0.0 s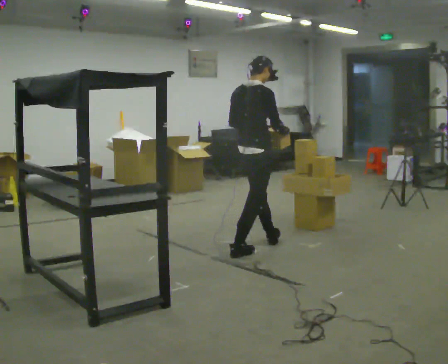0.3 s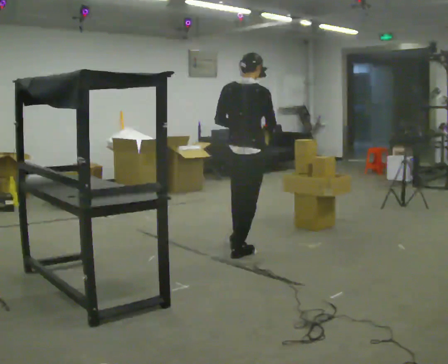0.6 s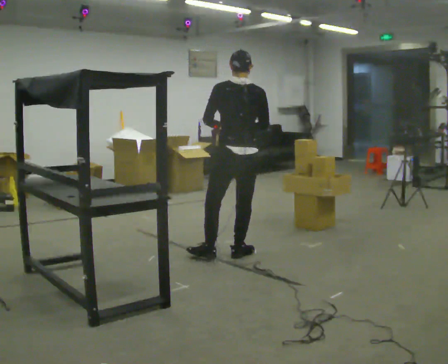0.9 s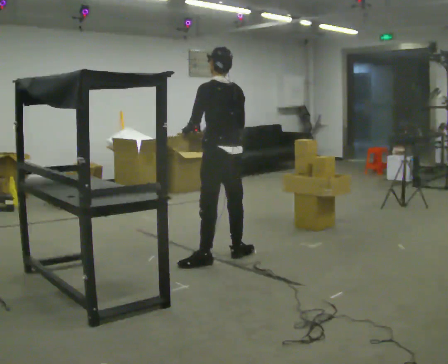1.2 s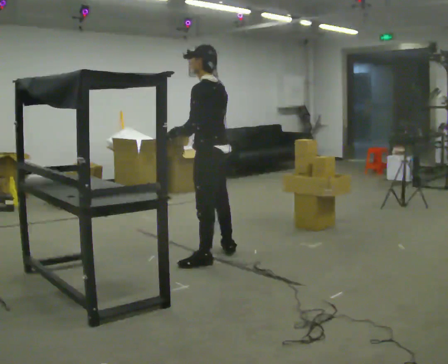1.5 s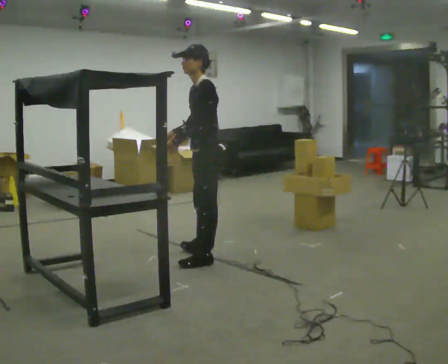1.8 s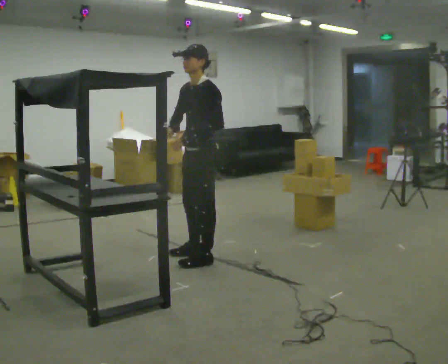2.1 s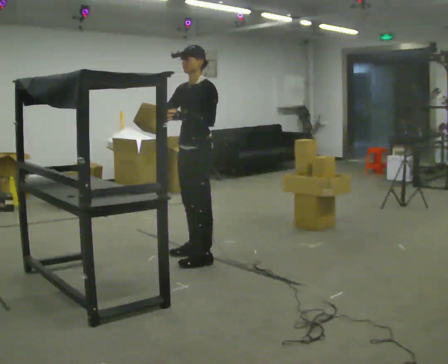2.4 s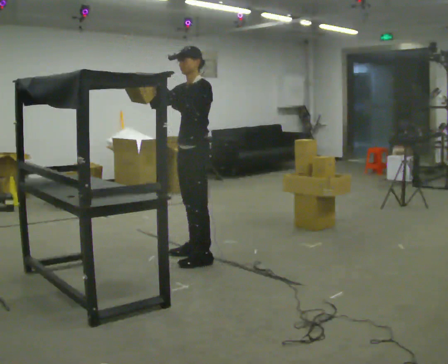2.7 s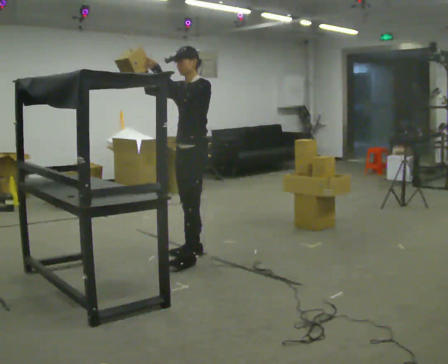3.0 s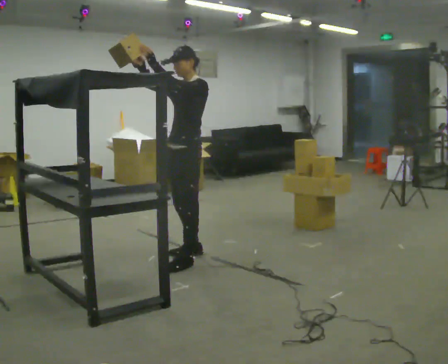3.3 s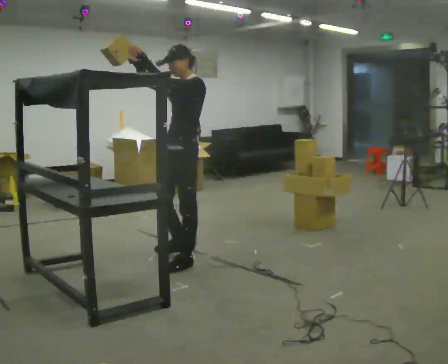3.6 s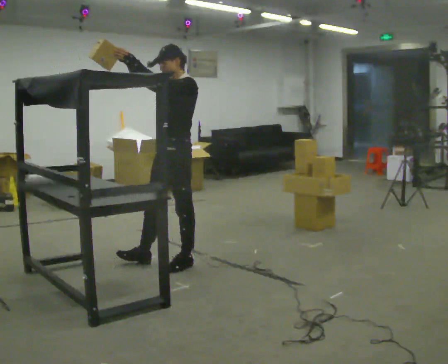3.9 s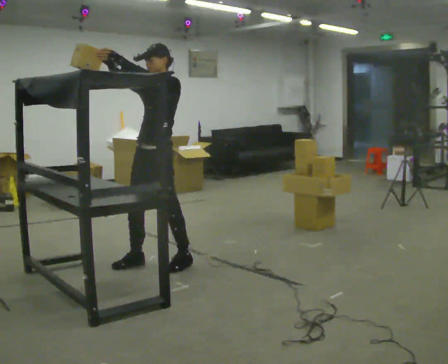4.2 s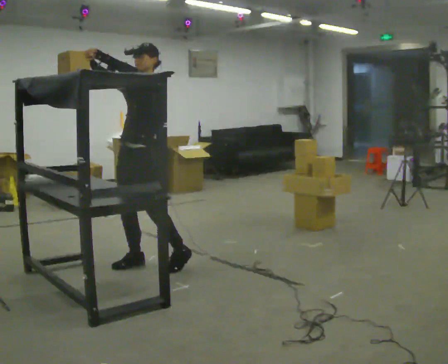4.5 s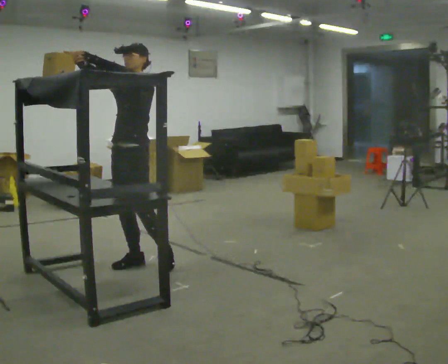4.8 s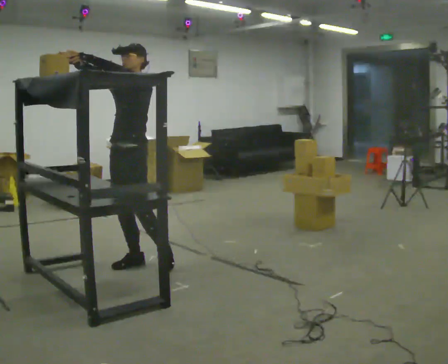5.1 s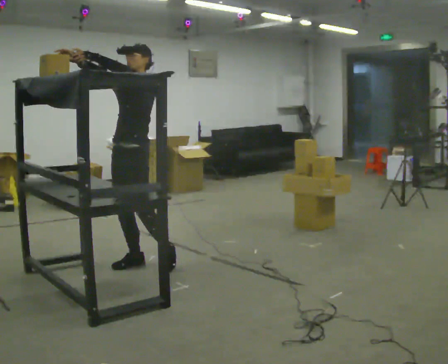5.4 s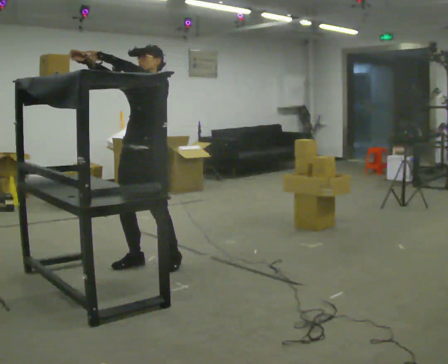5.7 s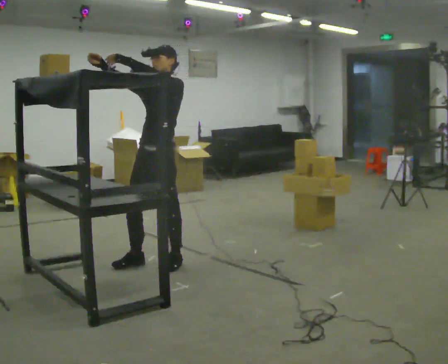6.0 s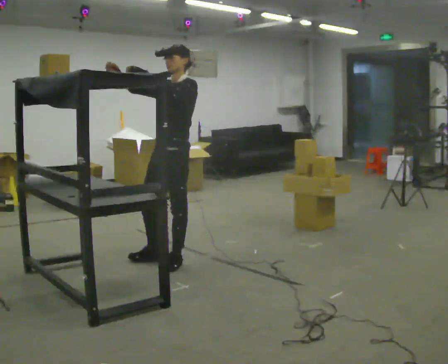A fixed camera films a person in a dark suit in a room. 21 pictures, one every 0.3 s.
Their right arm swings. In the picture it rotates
clockwise.
The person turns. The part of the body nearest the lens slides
to the right.
0.0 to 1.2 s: Seen from above the body turns counterclockwise, about 105 degrees: to their left, with its near side sliding to the right. In the picture they go to the left and toward the camera, about 0.5 m in 2 steps.
1.2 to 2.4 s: The person turns about 60 degrees to their left, counterclockwise seen from above, so the part of the body nearest the lens slides to the right. In the picture they go away from the camera, about 0.25 m. In the picture their right hand goes to the left, the arm swinging clockwise.
2.4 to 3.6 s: In the picture they go toward the camera, about 0.25 m in 2 steps, which for them is forward and to their left.
3.6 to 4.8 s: In the picture they go to the left, about 0.25 m, which for them is to their right and forward.
4.8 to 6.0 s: In the picture they go to the right, about 0.25 m in 1 step, which for them is backward and to their left.
The film runs backward here.
